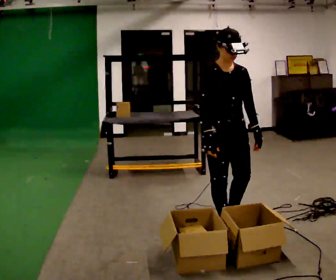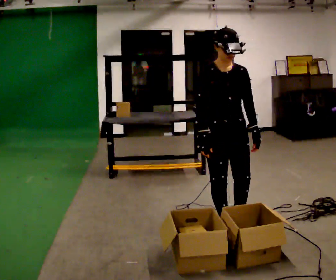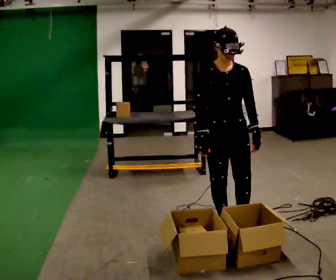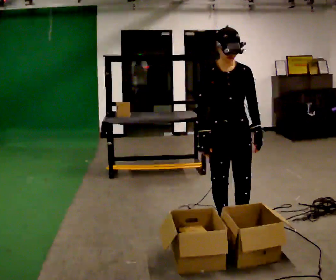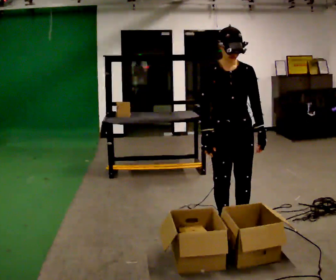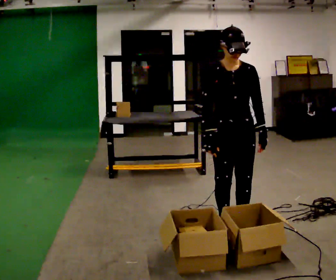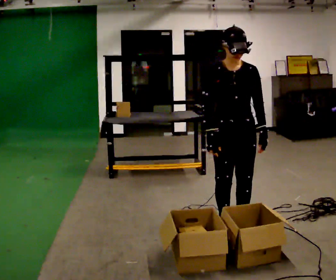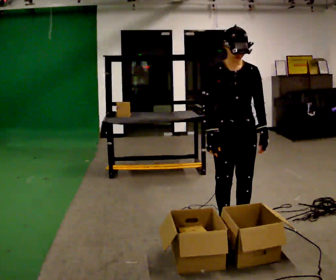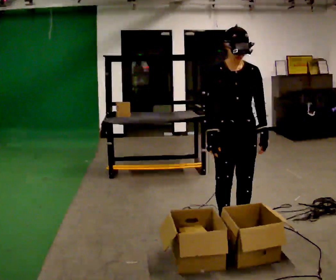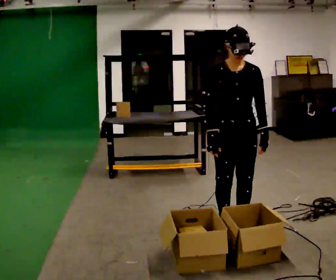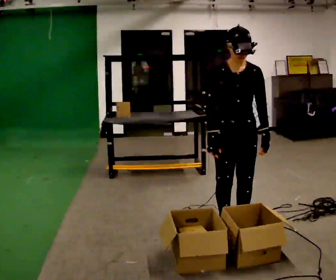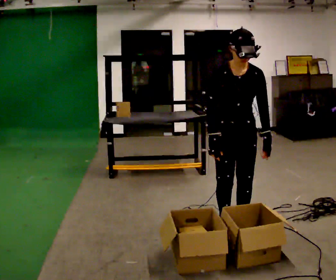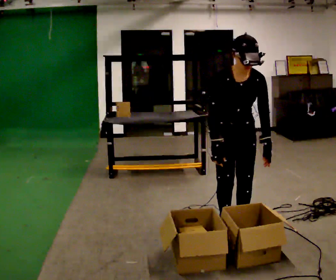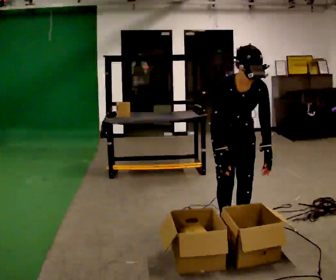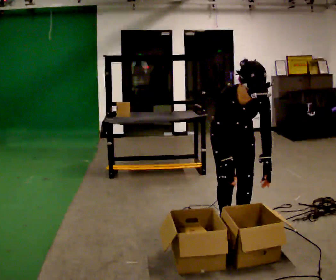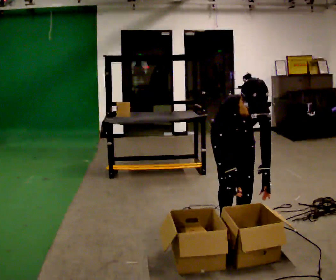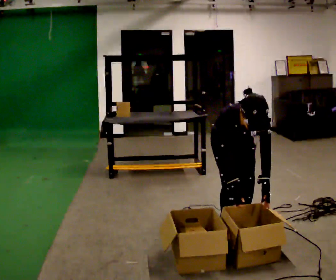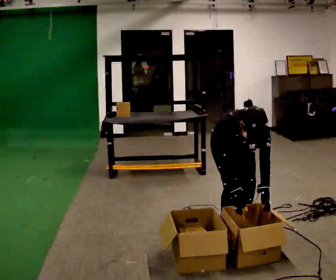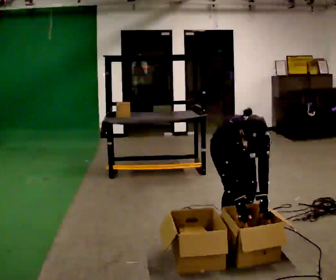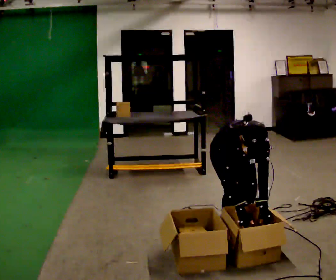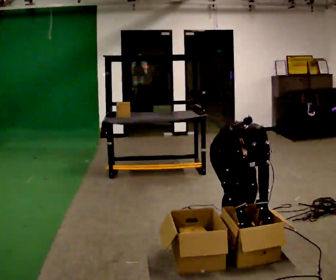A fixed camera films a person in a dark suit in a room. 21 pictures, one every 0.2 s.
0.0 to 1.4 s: The person moves a little, or ends about where they began.
1.4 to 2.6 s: The upper body tips toward the camera, its near side rolling downward, as they bend forward.
2.6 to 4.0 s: The upper body goes downward. The upper body tips toward the camera, its near side rolling downward, as they bend forward. In the picture their right hand goes downward.
The film runs forward here.
